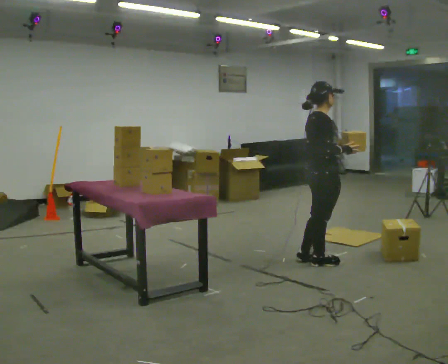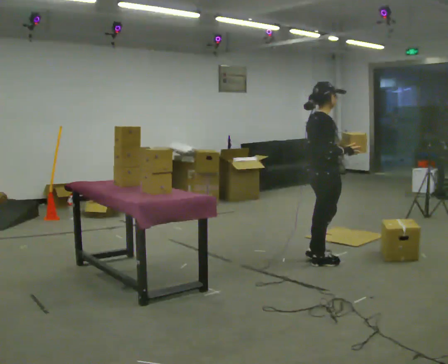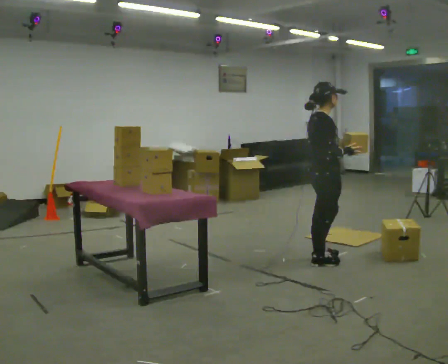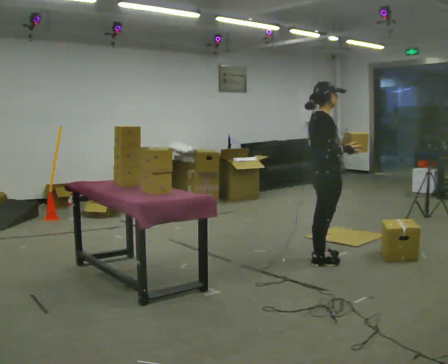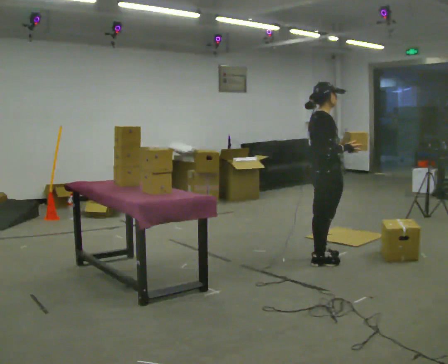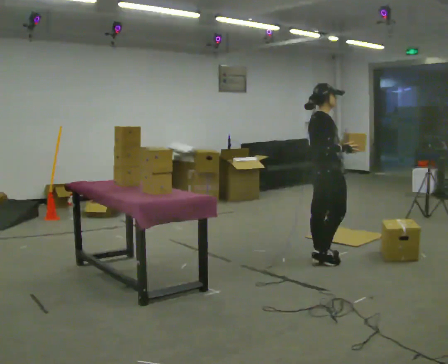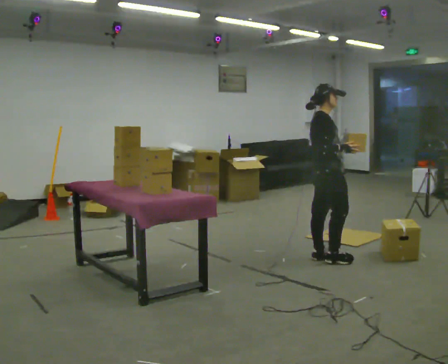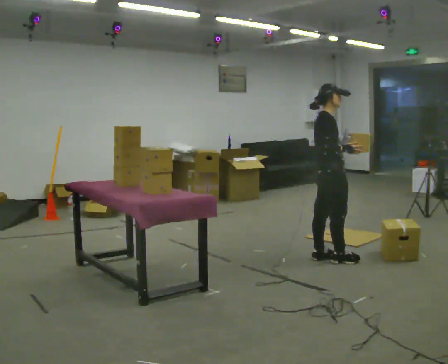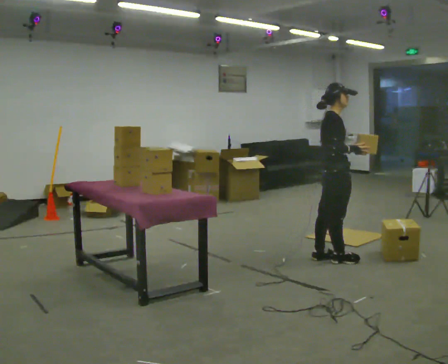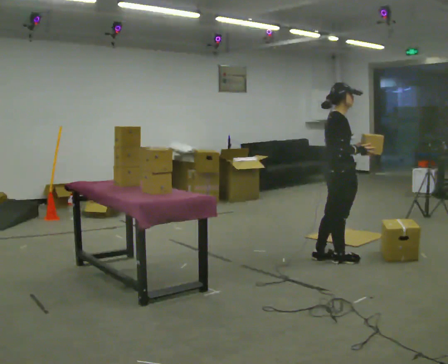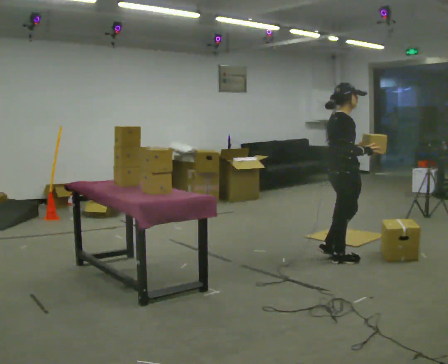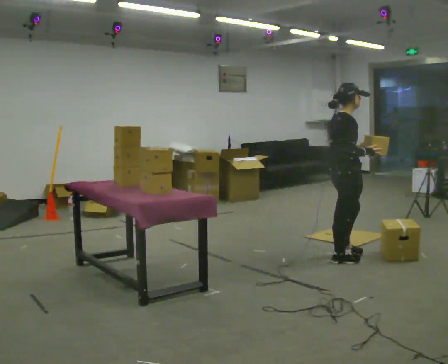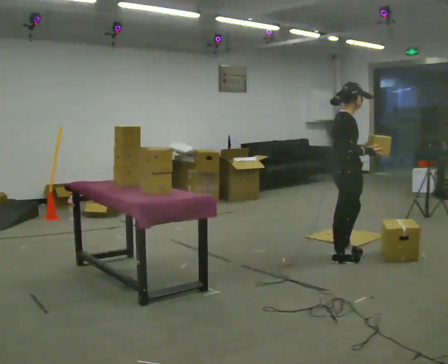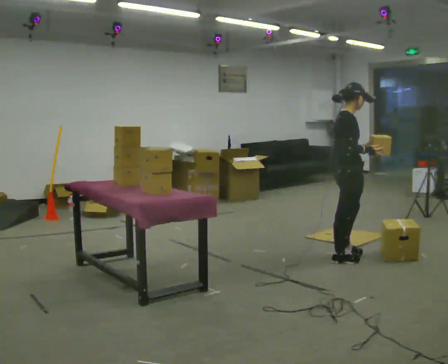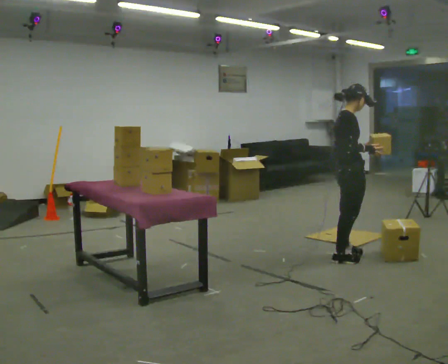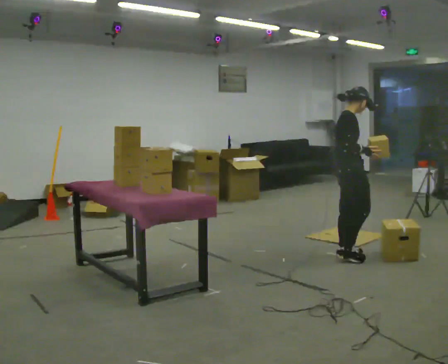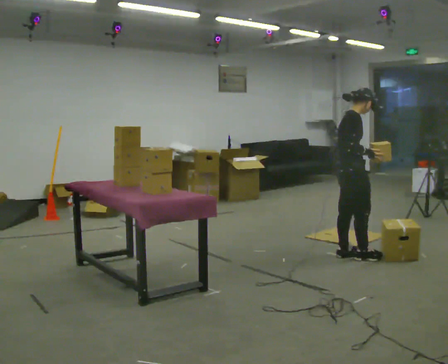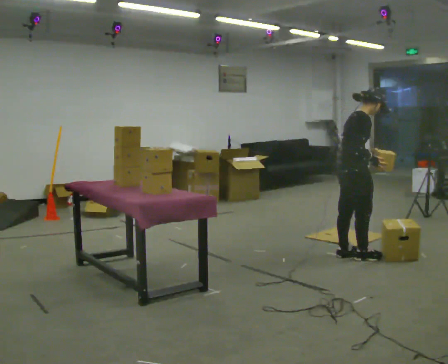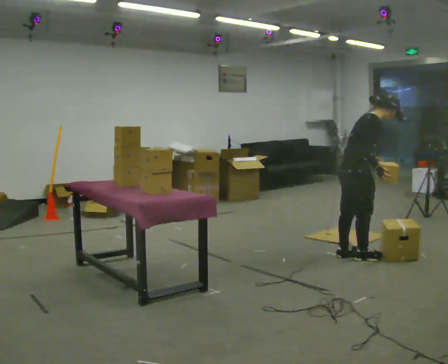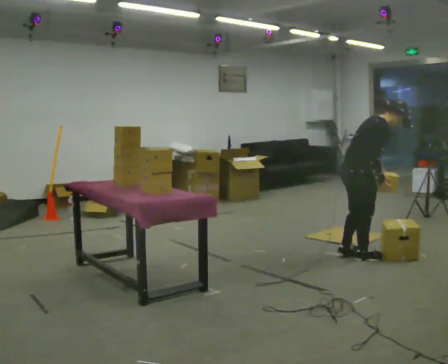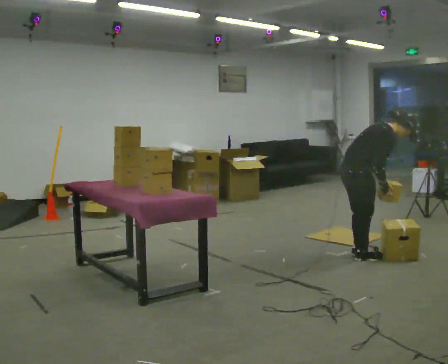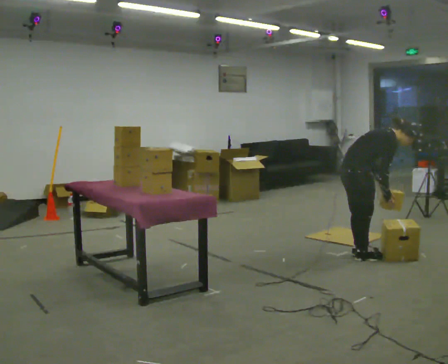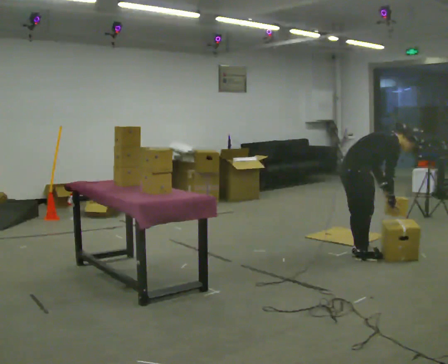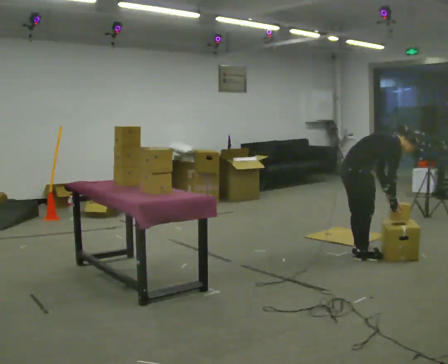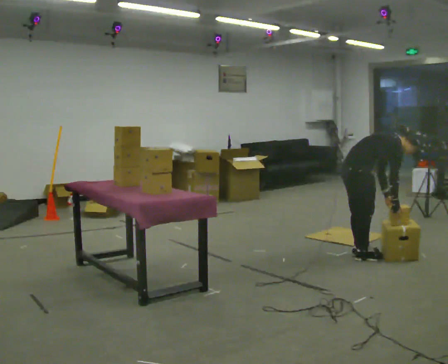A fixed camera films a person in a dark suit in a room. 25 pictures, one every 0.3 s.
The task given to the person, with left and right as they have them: Take each object from the table and put it in the bin that matches it, walking between the bins. Keep going until the operator says stop; one object at a time, and do not rush between trips.
0.0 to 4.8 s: In the picture they go to the right and away from the camera, about 0.25 m in 3 steps, which for them is forward and to their left.
4.8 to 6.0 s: In the picture the upper body tilts clockwise, shoulders to the right, as they bend forward.
6.0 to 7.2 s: In the picture the upper body tilts clockwise, shoulders to the right, as they bend forward.
The film runs forward here.
